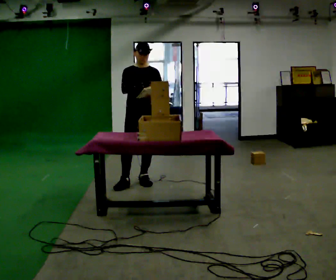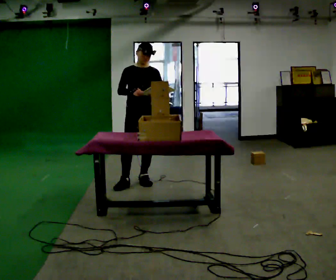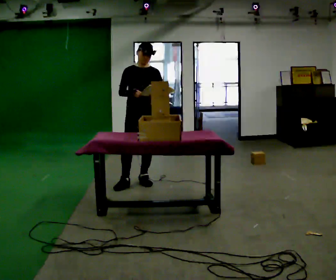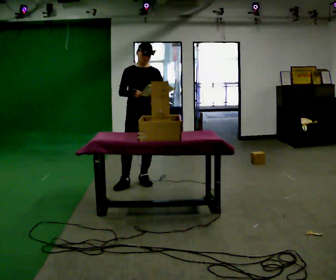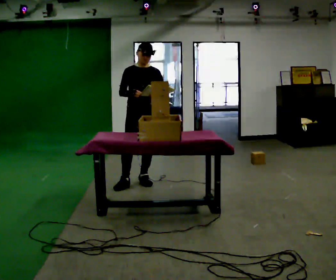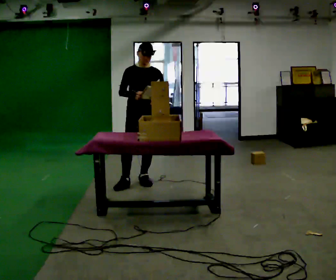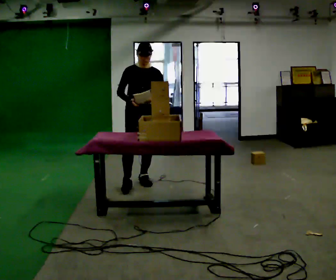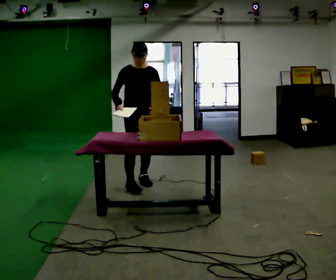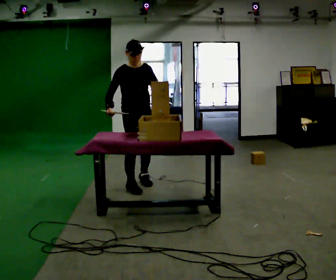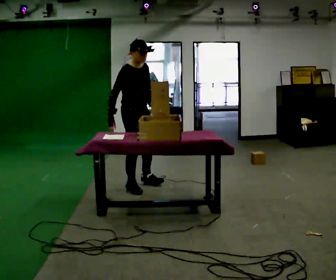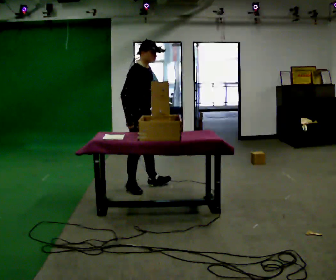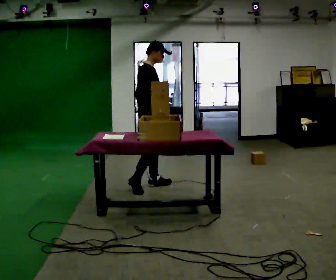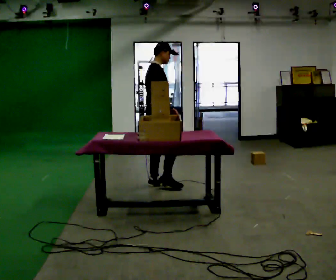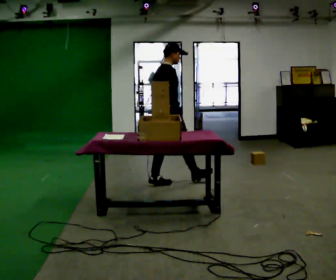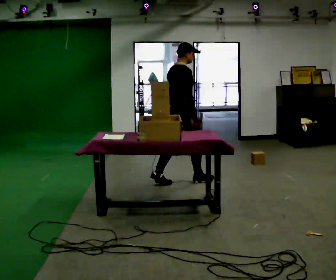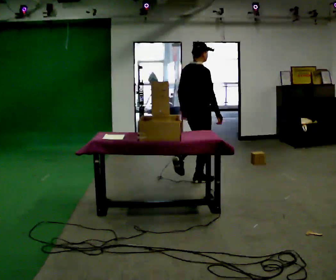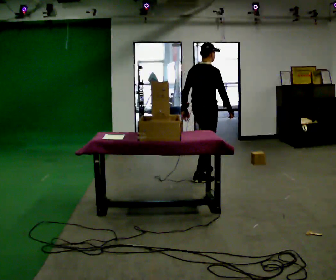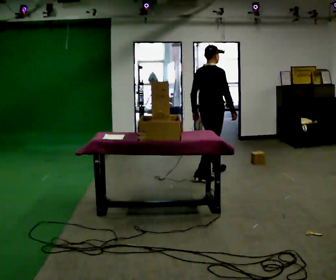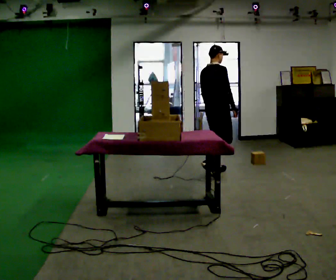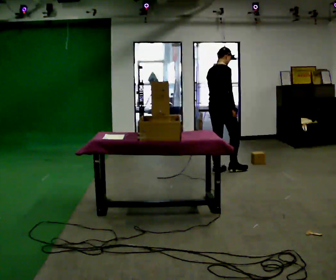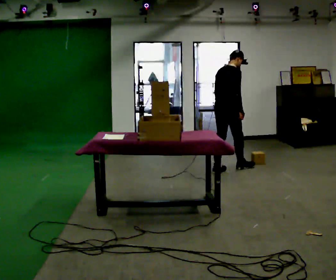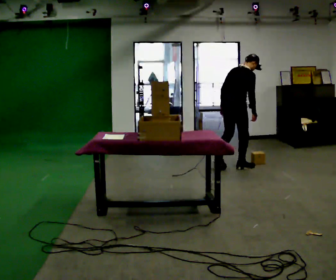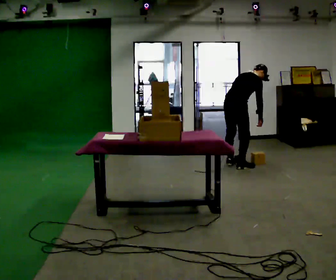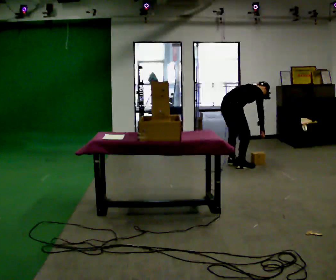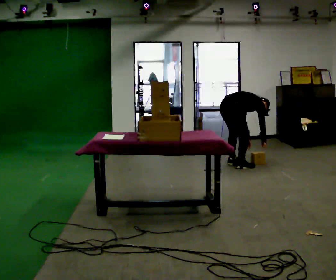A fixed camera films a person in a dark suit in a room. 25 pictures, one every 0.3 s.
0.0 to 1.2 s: The person moves a little, or ends about where they began.
1.2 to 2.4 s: The person turns about 30 degrees to their left, counterclockwise seen from above, so the part of the body nearest the lens slides to the right. In the picture they go toward the camera, about 0.25 m, which for them is forward.
2.4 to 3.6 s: The person turns about 75 degrees to their left, counterclockwise seen from above, so the part of the body nearest the lens slides to the right. In the picture they go to the right, about 0.25 m.
3.6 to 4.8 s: In the picture they go to the right, about 0.5 m in 1 step, which for them is forward.
4.8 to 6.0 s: In the picture they go away from the camera and to the right, about 0.5 m in 2 steps, which for them is forward.
6.0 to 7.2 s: In the picture they go away from the camera, about 0.25 m in 1 step, which for them is forward. The shoulders move downward. In the picture the upper body tilts clockwise, shoulders to the right, as they bend forward. In the picture their left hand goes downward and to the right.
The film runs forward here.
